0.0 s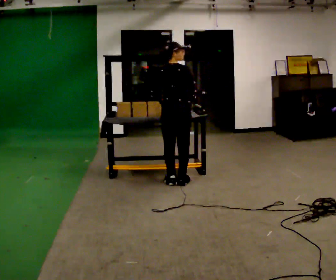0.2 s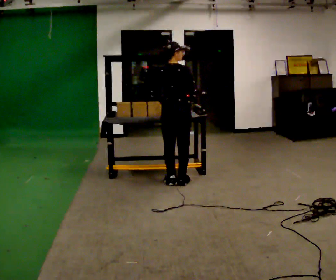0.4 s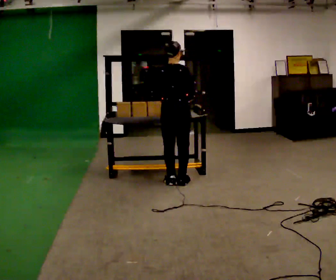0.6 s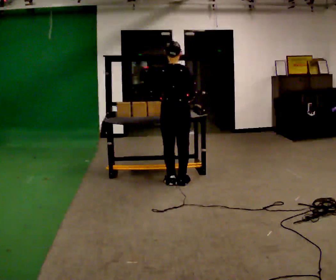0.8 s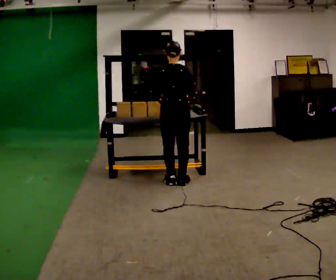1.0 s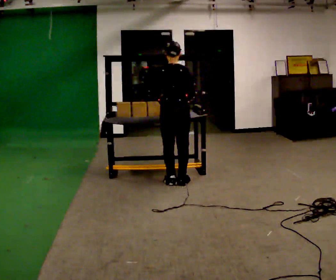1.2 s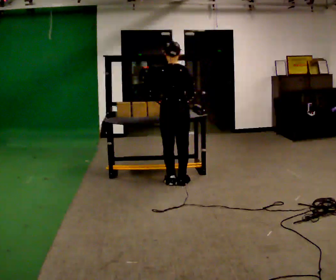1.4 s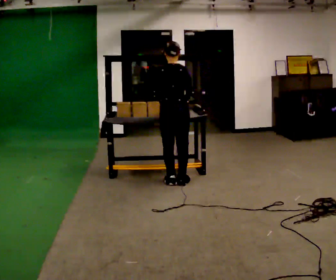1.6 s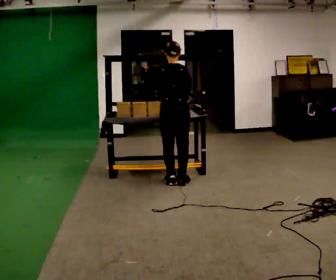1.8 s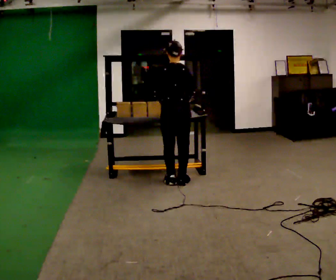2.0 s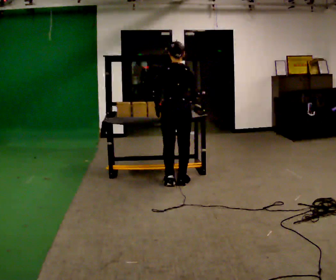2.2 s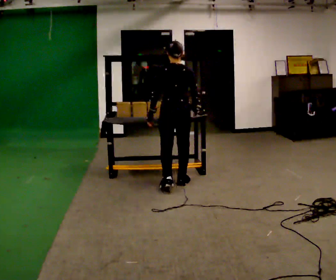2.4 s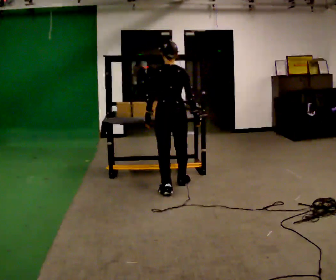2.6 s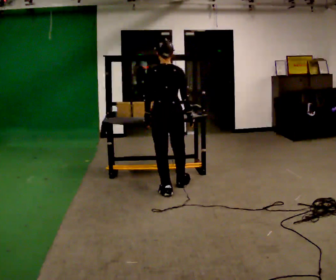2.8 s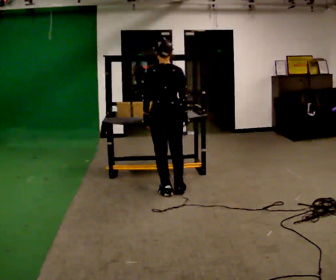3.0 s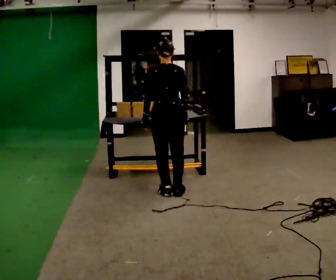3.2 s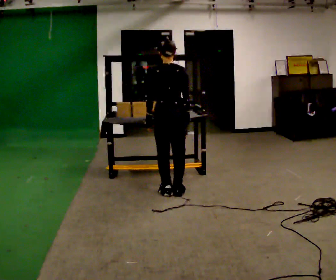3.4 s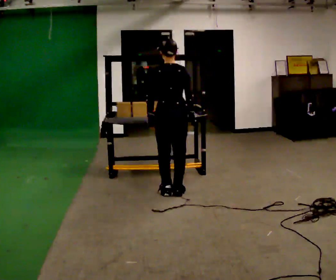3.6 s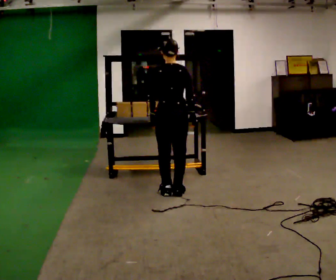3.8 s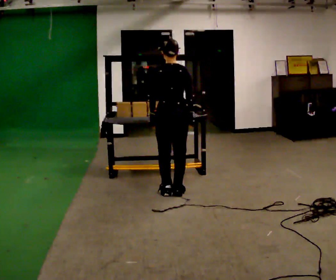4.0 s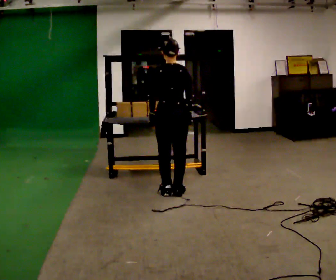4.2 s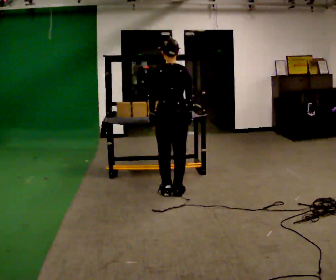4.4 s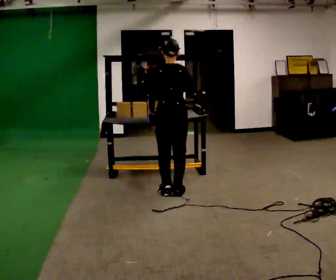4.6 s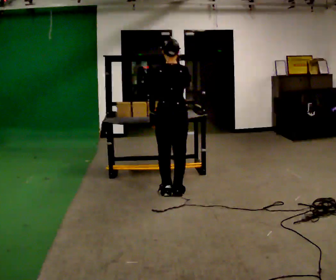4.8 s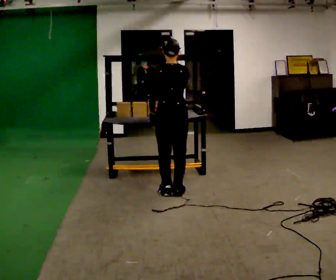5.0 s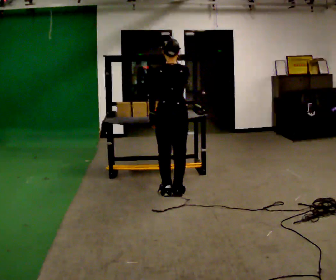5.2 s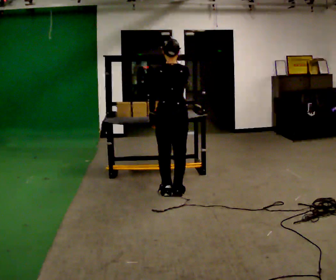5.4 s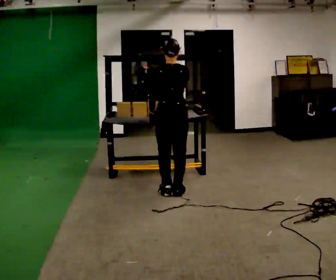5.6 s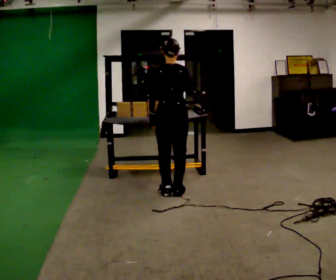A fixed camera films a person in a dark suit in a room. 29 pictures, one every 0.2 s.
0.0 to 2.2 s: The person moves a little, or ends about where they began.
2.2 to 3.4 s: In the picture they go toward the camera, about 0.25 m in 2 steps, which for them is backward.
3.4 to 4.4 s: In the picture their right hand goes upward.
4.4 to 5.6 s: The person moves a little, or ends about where they began.
The film runs forward here.
